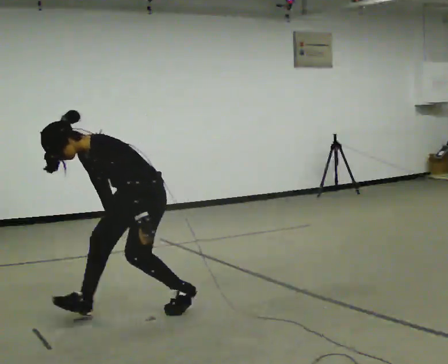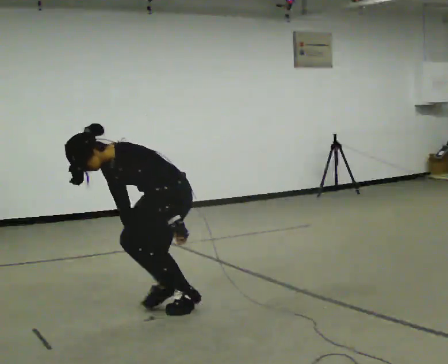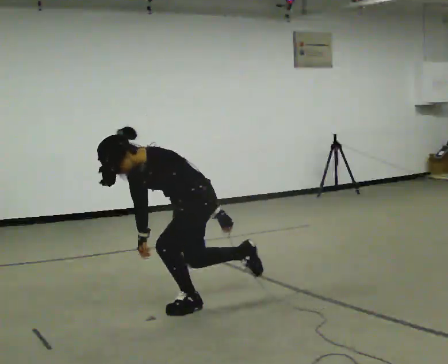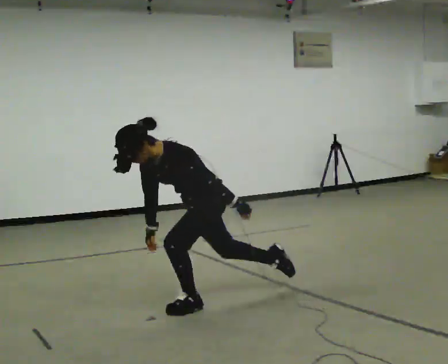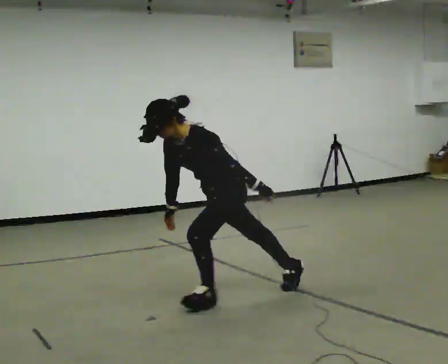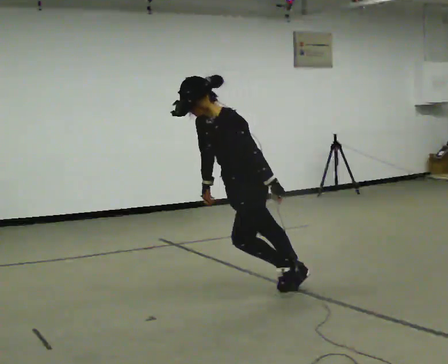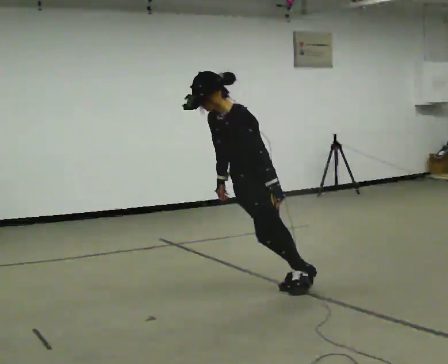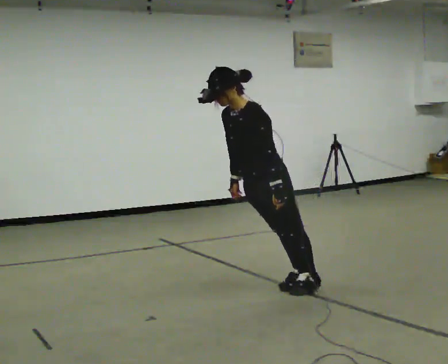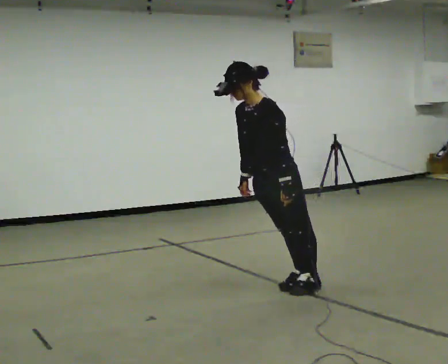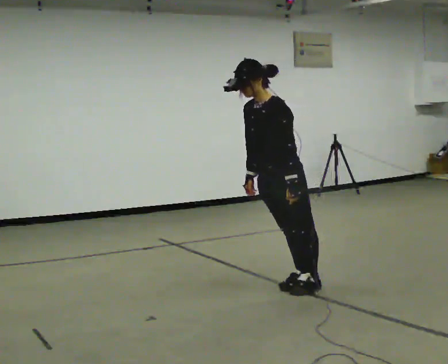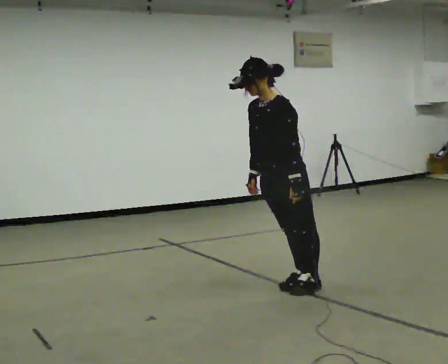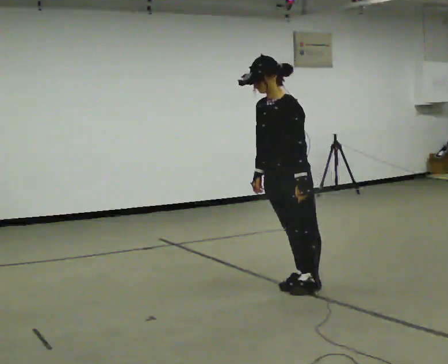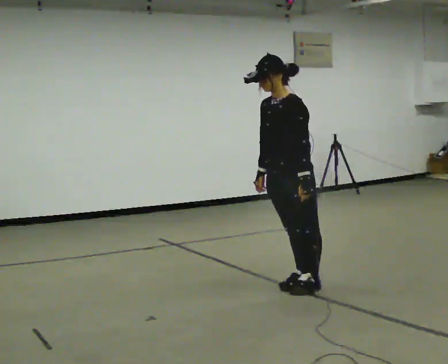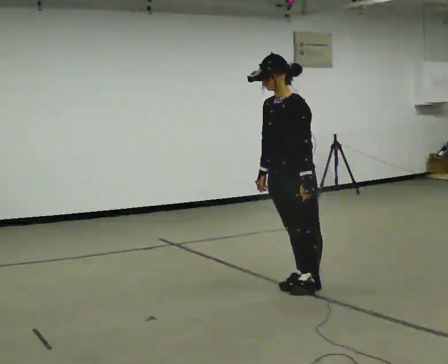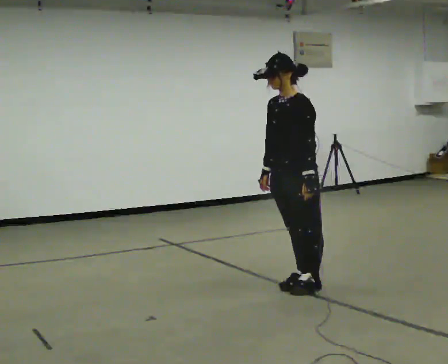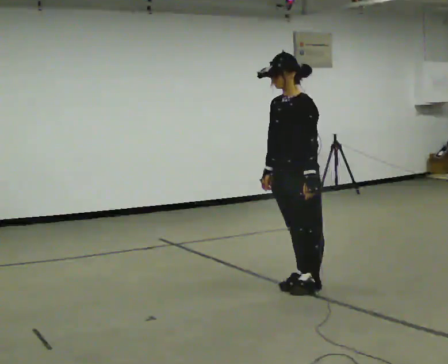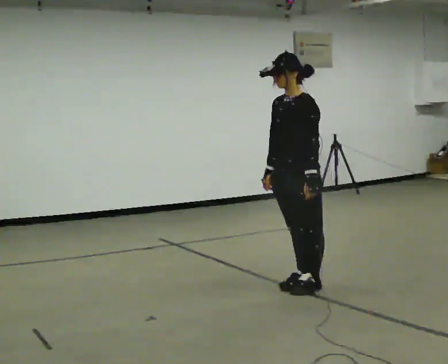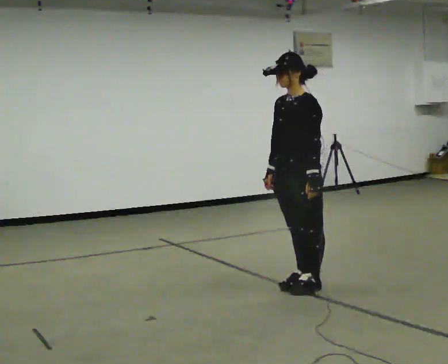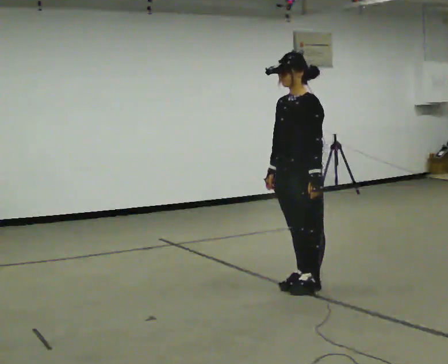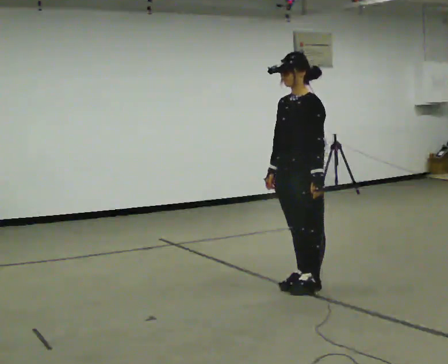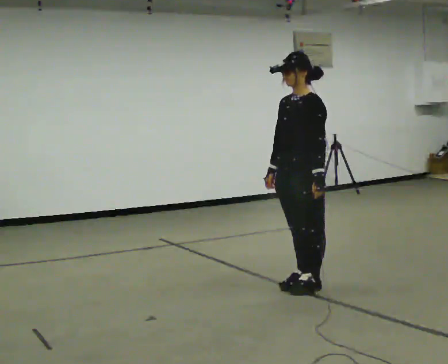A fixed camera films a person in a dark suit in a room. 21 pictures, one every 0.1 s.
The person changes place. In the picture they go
to the right.
0.0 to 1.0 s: In the picture they go to the right and away from the camera, about 1 m in 1 step, which for them is backward.
1.0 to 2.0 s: In the picture the upper body tilts clockwise, shoulders to the right, as they lean back or straighten.
The film runs backward here.
